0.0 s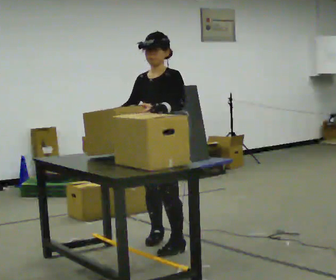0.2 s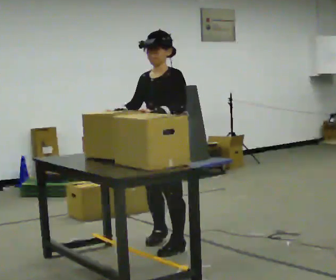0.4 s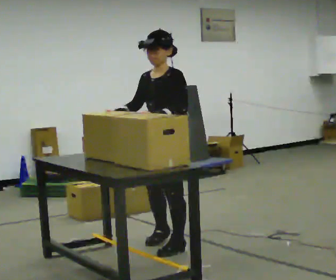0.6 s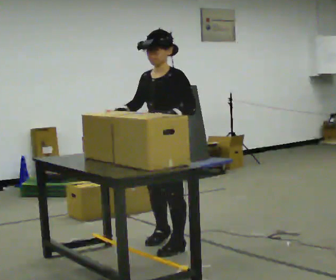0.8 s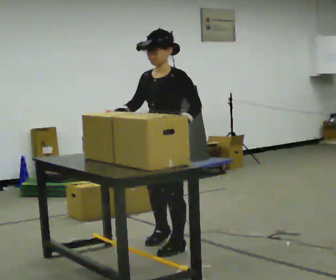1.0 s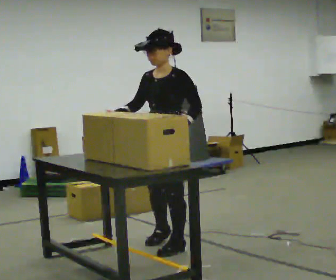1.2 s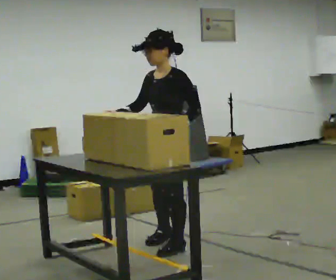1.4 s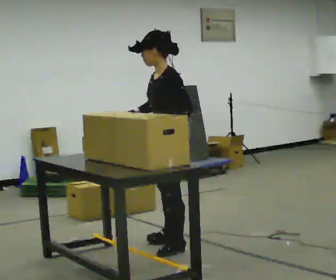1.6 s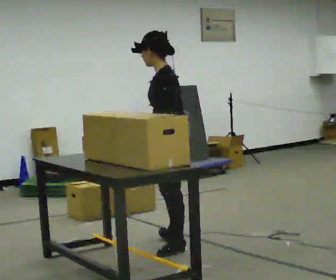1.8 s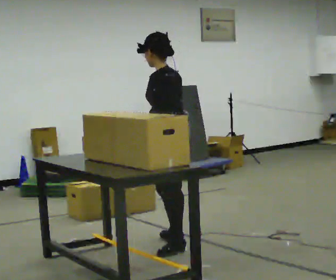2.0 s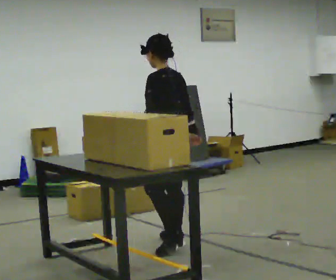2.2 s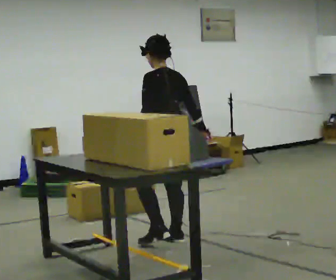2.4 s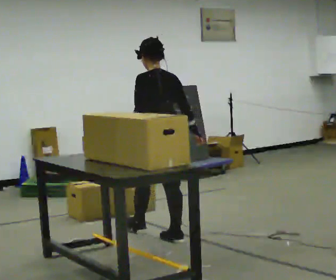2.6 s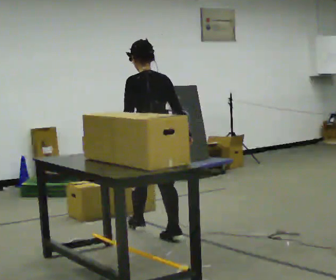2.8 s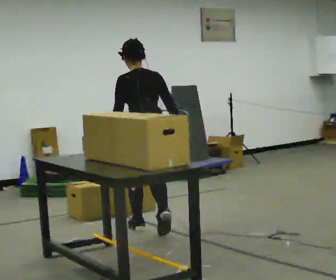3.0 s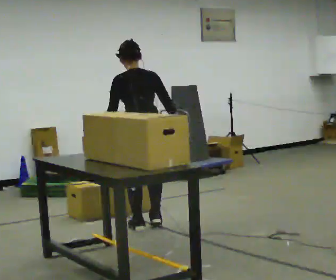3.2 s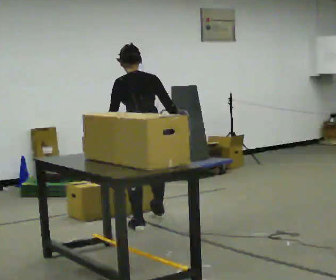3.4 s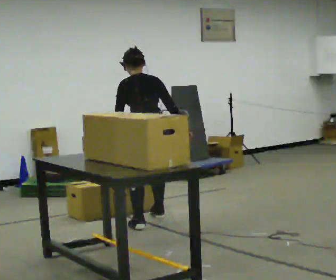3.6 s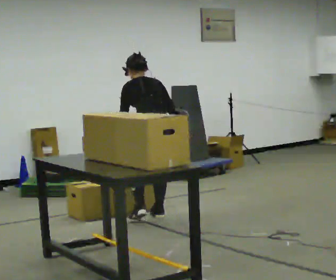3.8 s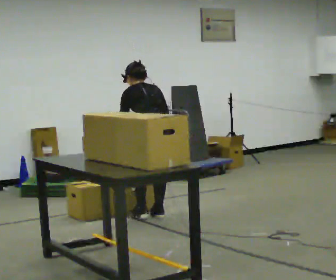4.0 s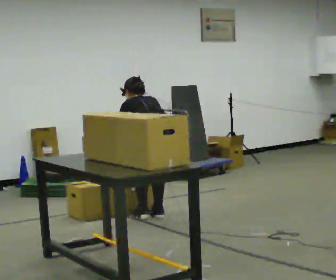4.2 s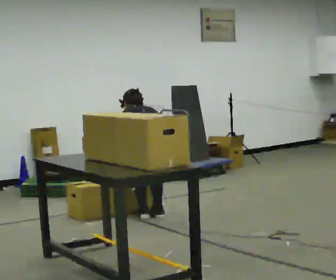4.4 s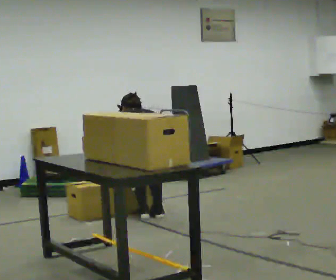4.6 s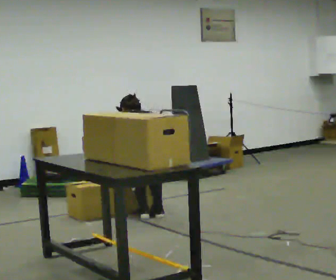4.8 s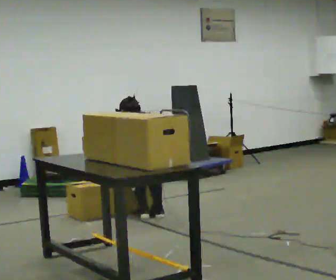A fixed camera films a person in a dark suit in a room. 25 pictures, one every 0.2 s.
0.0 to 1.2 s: The person moves a little, or ends about where they began.
1.2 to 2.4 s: Seen from above the body turns clockwise, about 105 degrees: to their right, with its near side sliding to the left. In the picture they go away from the camera, about 0.25 m in 1 step.
2.4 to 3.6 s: In the picture they go away from the camera, about 0.5 m in 2 steps, which for them is forward. The upper body tips away from the camera, its near side rolling upward, as they bend forward.
3.6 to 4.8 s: The shoulders move downward. The upper body tips away from the camera, its near side rolling upward, as they bend forward. In the picture their right hand goes downward.
The film runs forward here.
